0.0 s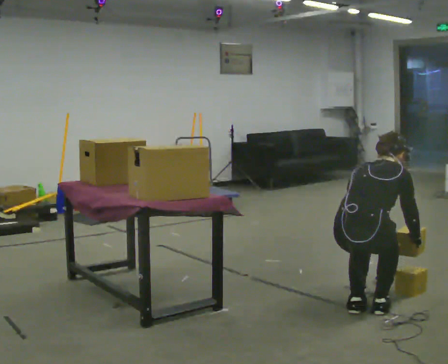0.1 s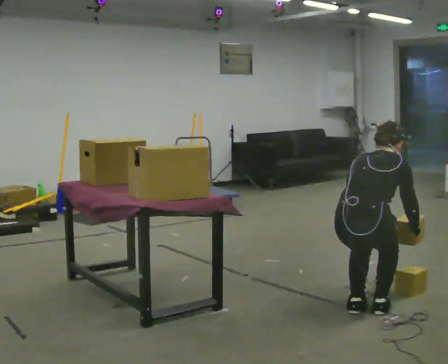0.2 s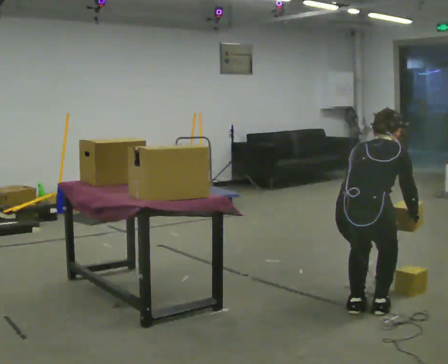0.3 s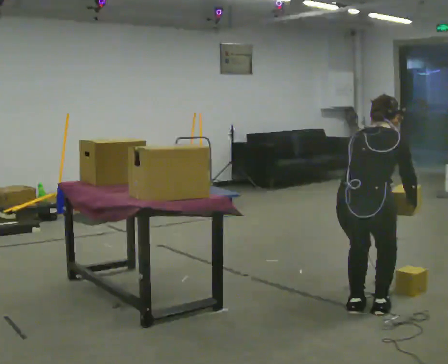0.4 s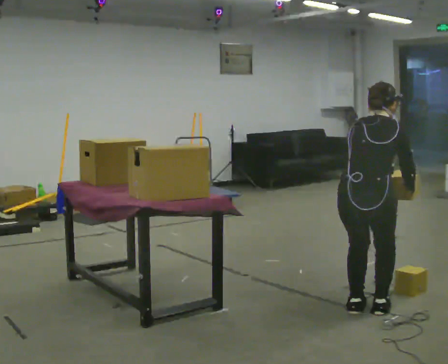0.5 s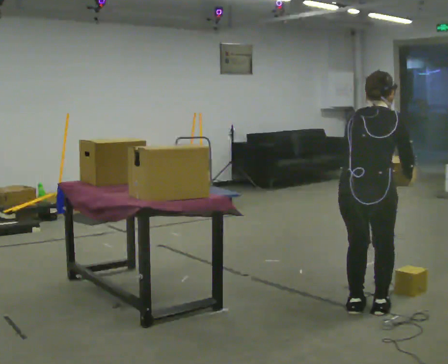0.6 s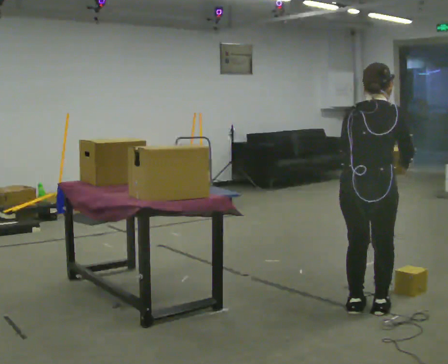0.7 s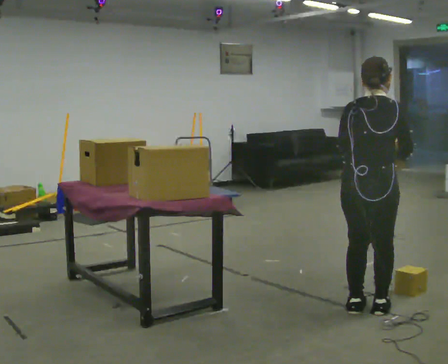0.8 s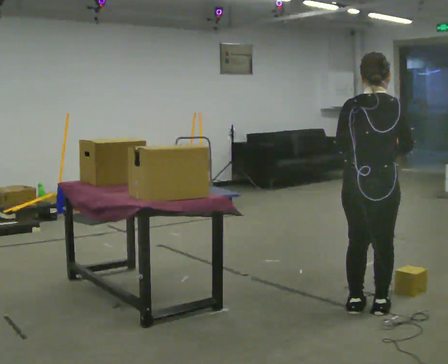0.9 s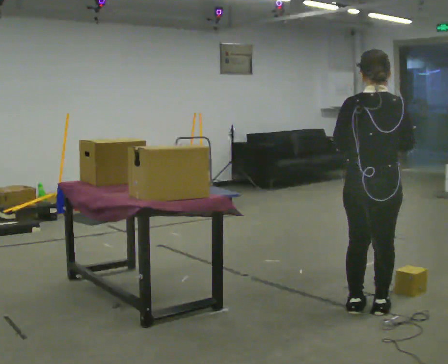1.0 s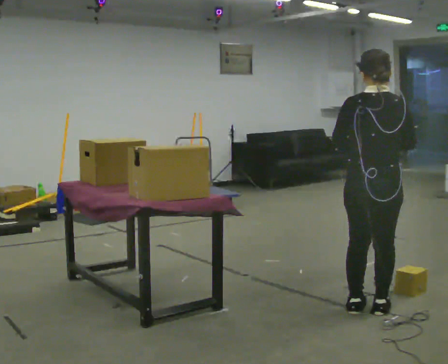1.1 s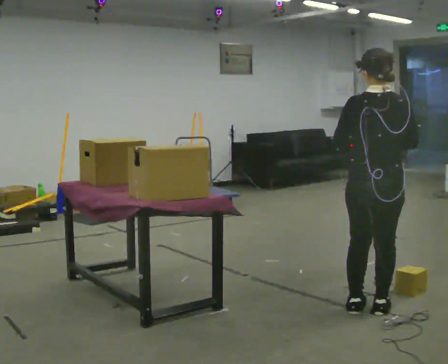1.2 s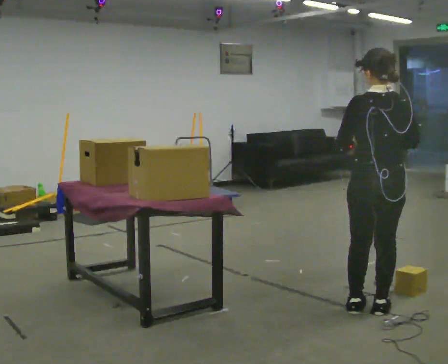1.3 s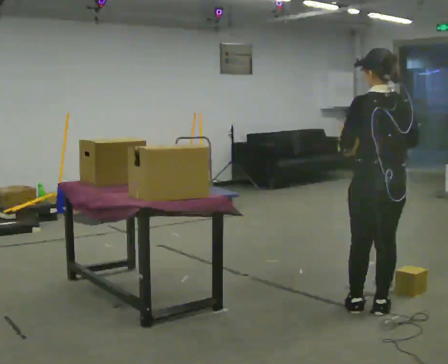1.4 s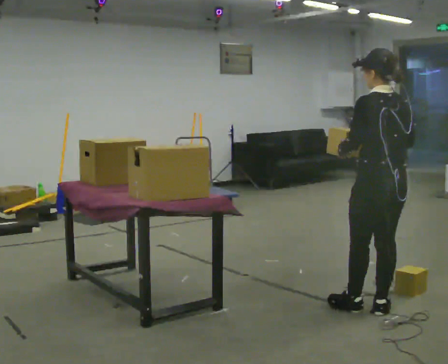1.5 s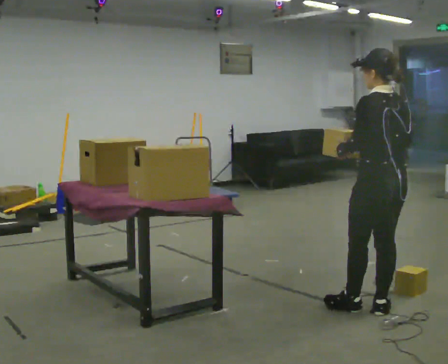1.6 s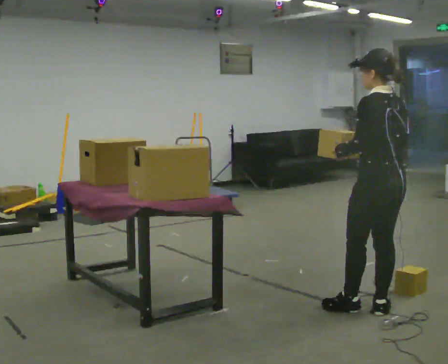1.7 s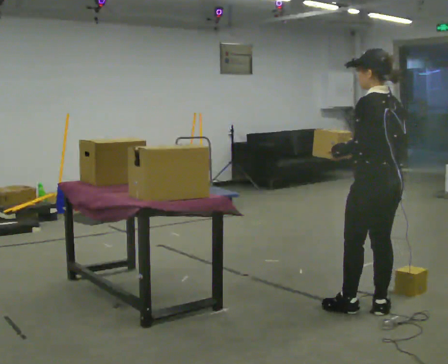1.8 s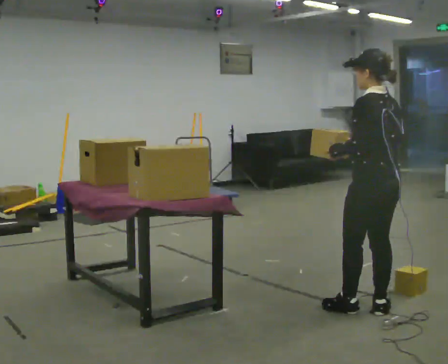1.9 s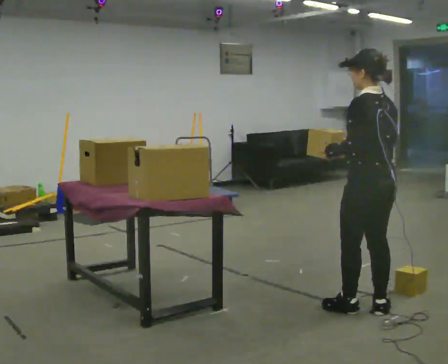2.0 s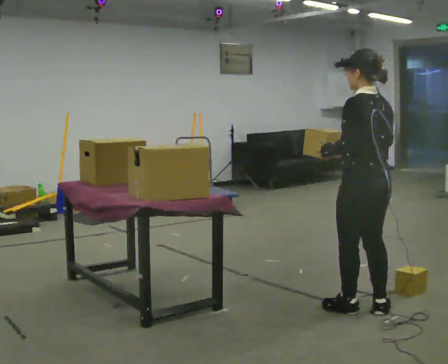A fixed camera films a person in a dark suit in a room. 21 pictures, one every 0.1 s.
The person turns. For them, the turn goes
to their left.
The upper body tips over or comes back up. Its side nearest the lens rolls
downward.
0.0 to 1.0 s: The shoulders move upward. The upper body tips toward the camera, its near side rolling downward, as they lean back or straighten. In the picture their left hand goes upward.
1.0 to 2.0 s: The part of the body nearest the lens slides to the right as the person turns to their left by about 60 degrees.
The film runs forward here.
